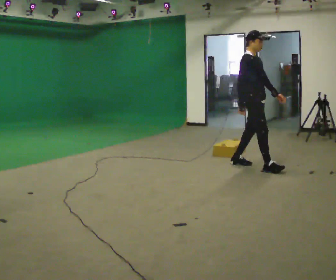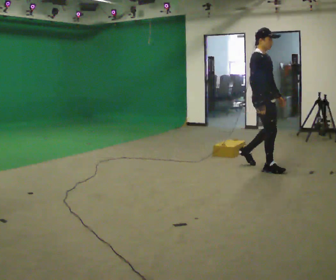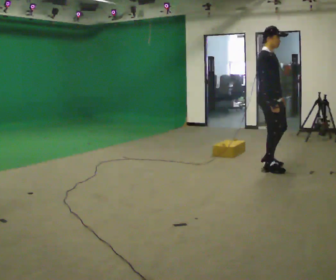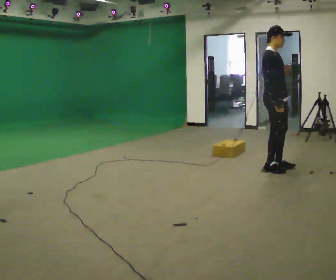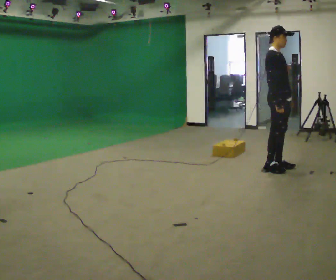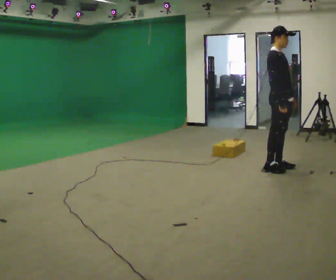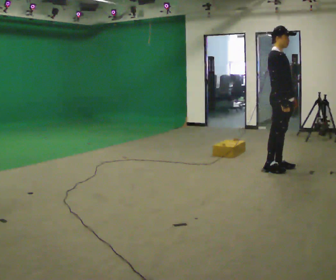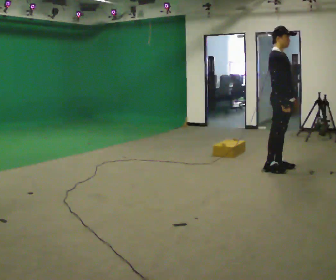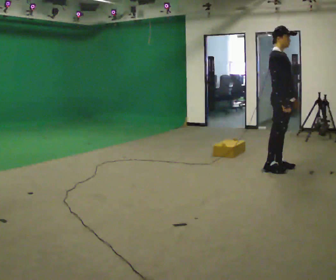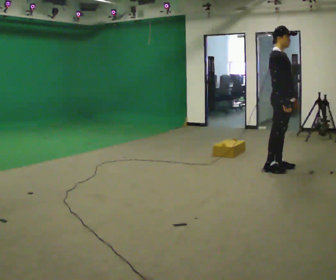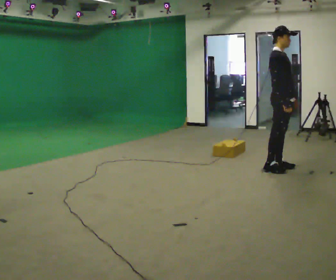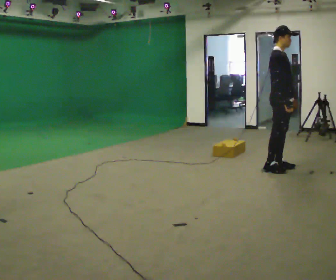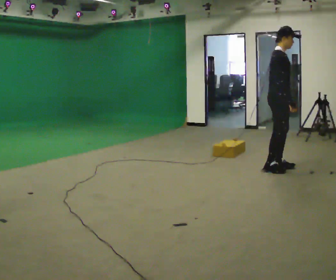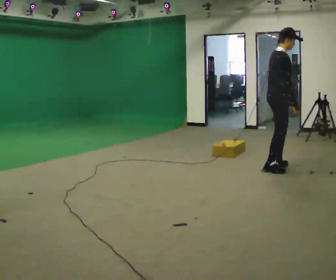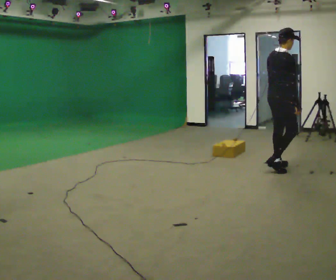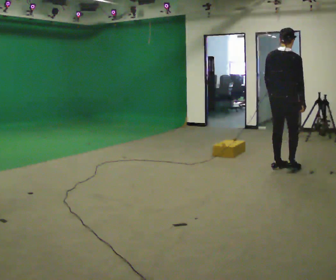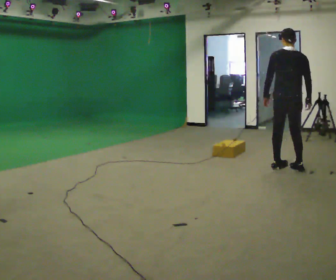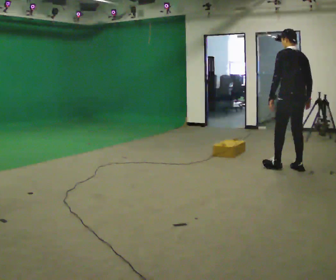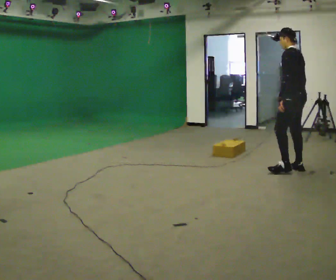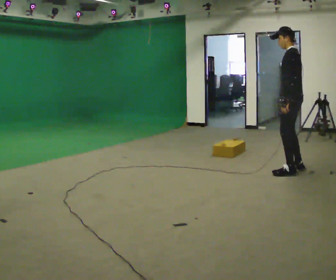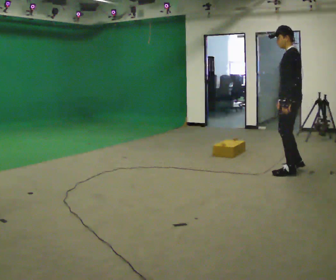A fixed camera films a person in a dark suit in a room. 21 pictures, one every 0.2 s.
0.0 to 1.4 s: In the picture they go to the right, about 0.25 m in 1 step, which for them is forward.
1.4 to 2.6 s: Seen from above the body turns counterclockwise, about 30 degrees: to their left, with its near side sliding to the right.
2.6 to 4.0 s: The person turns about 165 degrees to their left, counterclockwise seen from above, so the part of the body nearest the lens slides to the right. In the picture they go to the right, about 0.25 m in 2 steps.
The film runs forward here.
